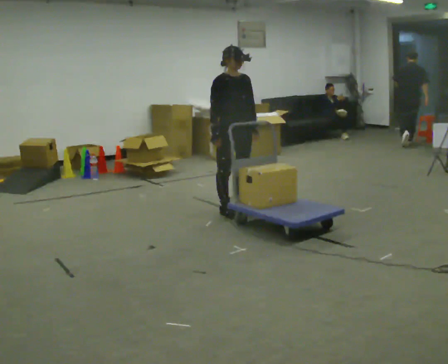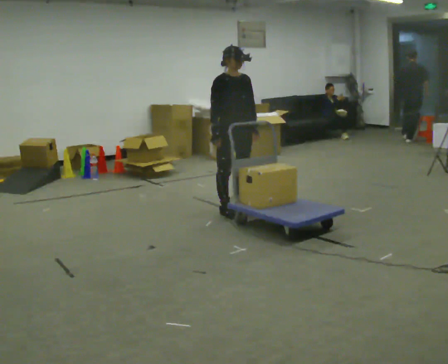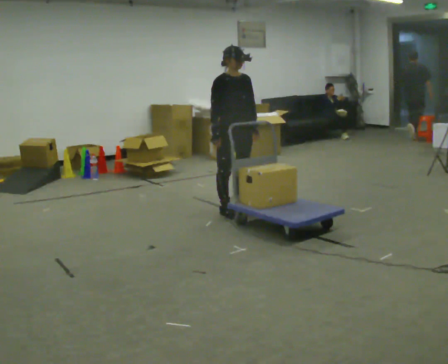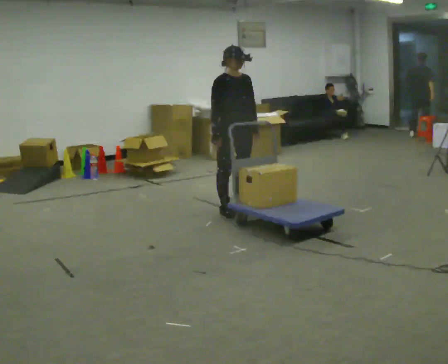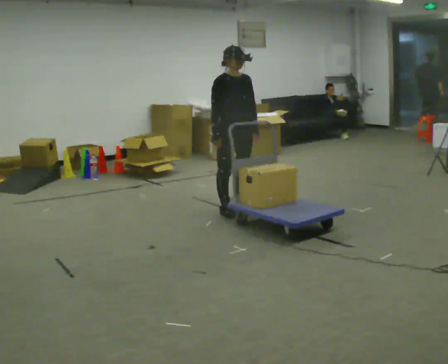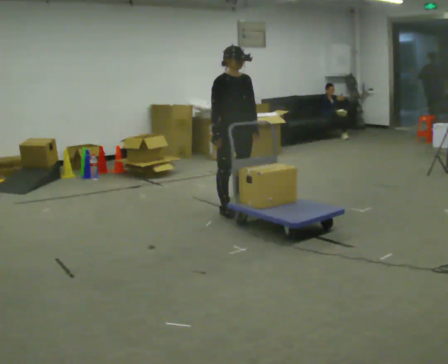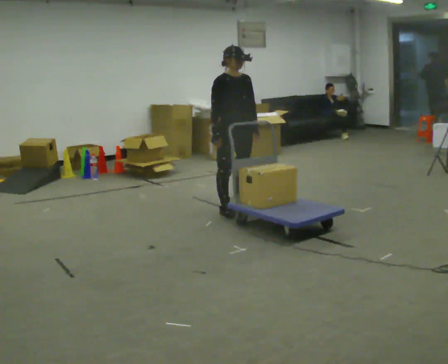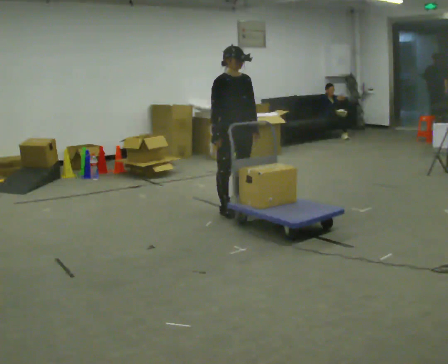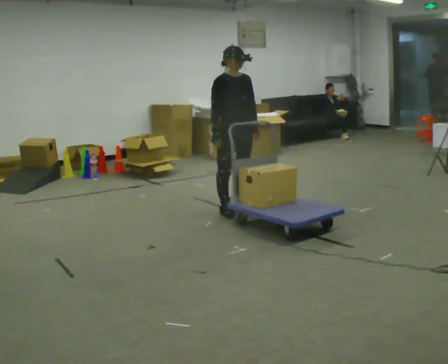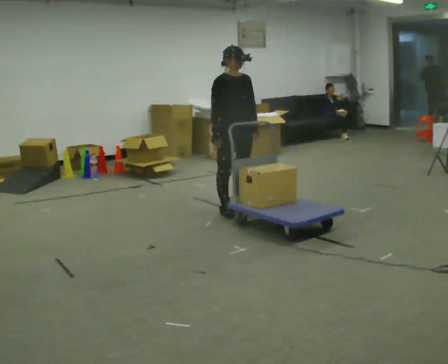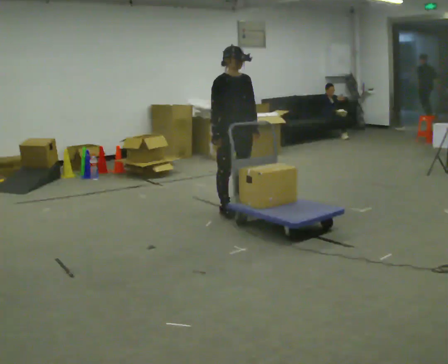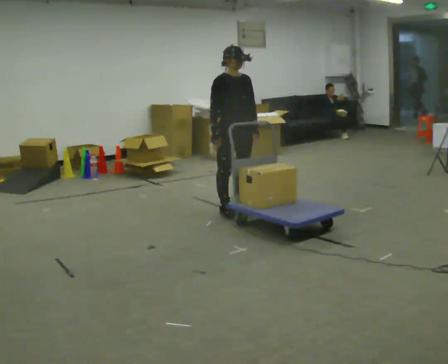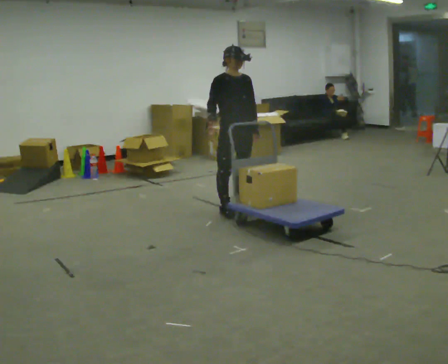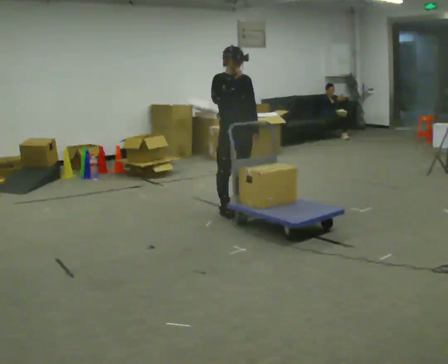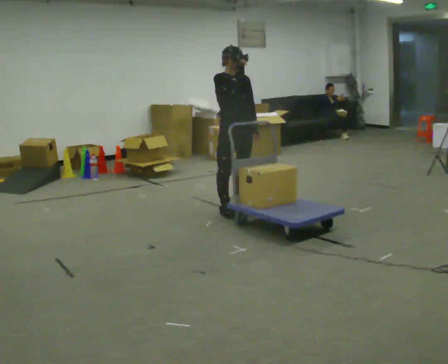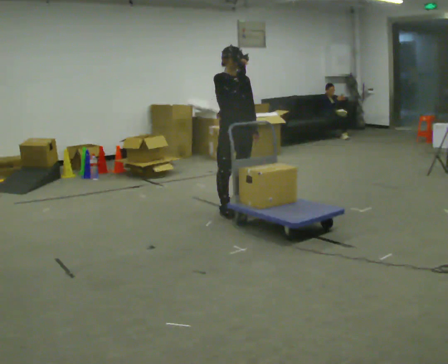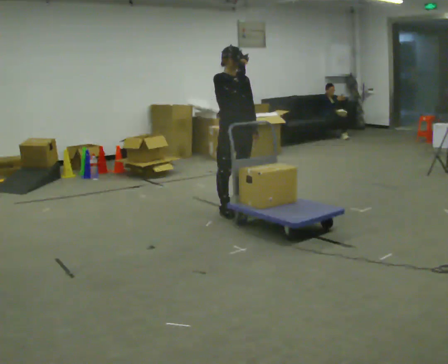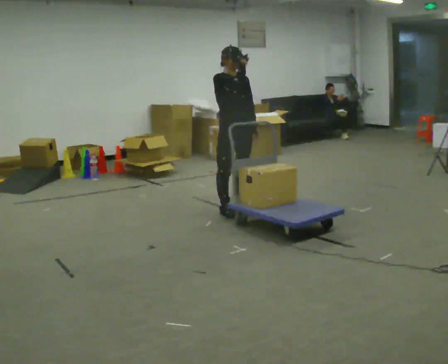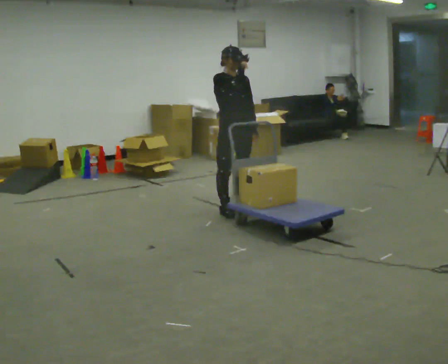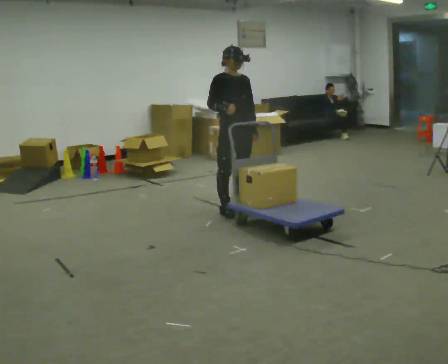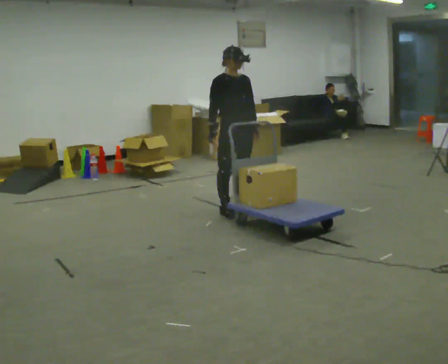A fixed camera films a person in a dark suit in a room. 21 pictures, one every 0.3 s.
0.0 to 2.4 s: The person keeps their place and pose.
2.4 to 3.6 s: The person moves a little, or ends about where they began.
3.6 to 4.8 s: In the picture their right hand goes upward.
4.8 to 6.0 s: In the picture their right hand goes downward.
The film runs forward here.
